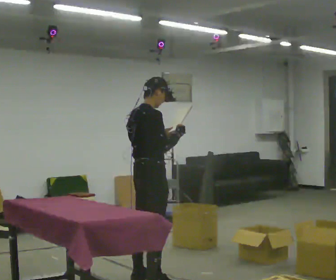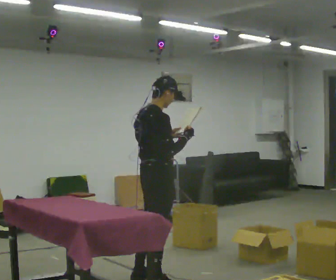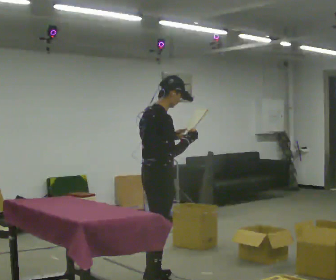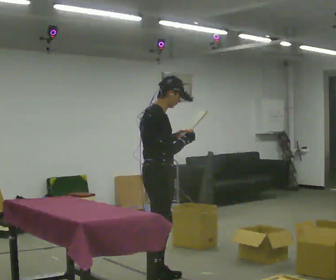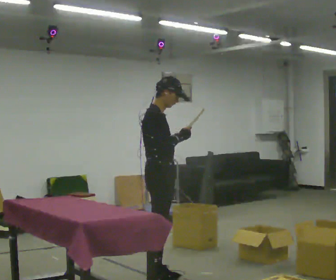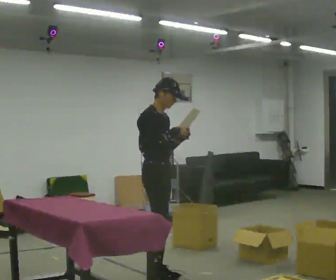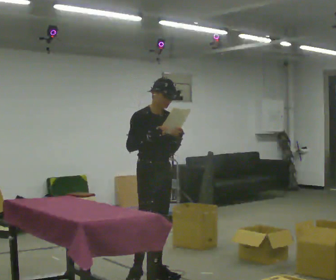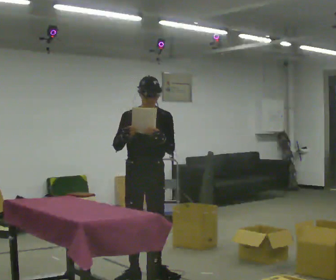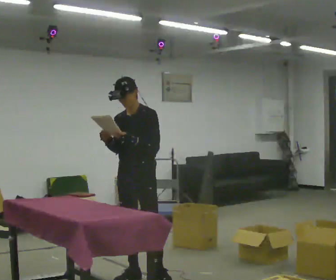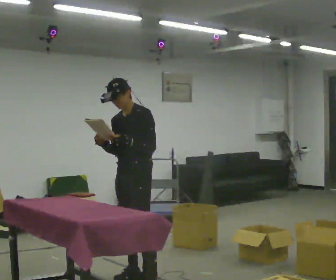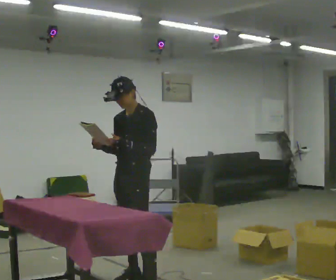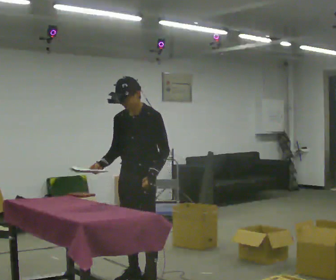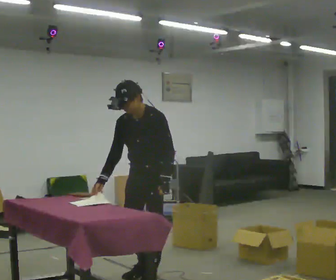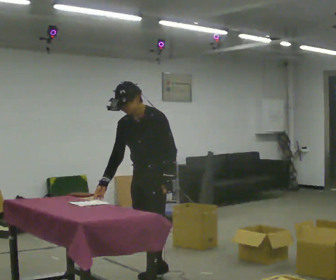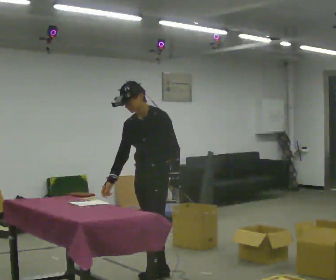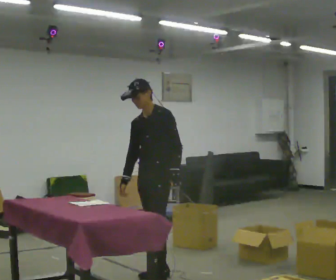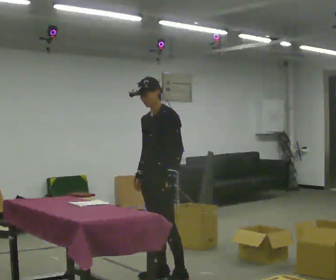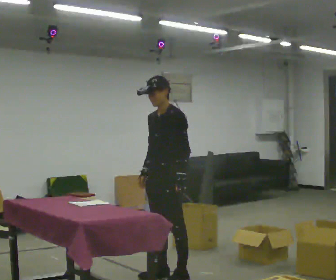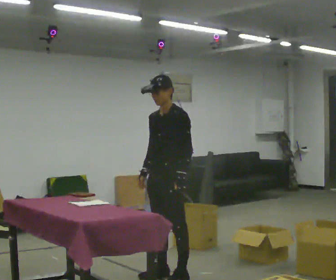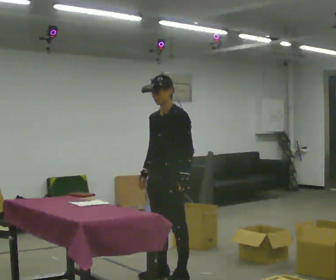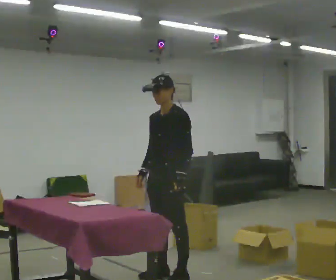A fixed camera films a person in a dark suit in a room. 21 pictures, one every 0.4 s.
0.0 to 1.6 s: Seen from above the body turns clockwise, about 30 degrees: to their right, with its near side sliding to the left.
1.6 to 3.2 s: The person turns about 120 degrees to their right, clockwise seen from above, so the part of the body nearest the lens slides to the left. In the picture they go away from the camera, about 0.25 m in 2 steps. In the picture their right hand goes to the left.
3.2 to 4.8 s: In the picture they go toward the camera, about 0.25 m in 1 step, which for them is to their left. The upper body tips toward the camera, its near side rolling downward, as they bend forward.
4.8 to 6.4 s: In the picture they go away from the camera, about 0.25 m in 1 step, which for them is backward. The upper body tips away from the camera, its near side rolling upward, as they lean back or straighten.
6.4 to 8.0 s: The person moves a little, or ends about where they began.
The film runs backward here.
